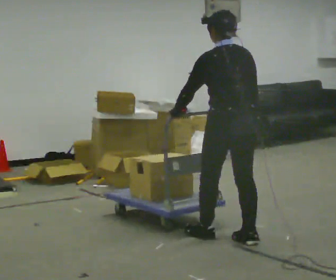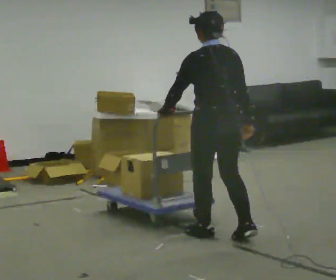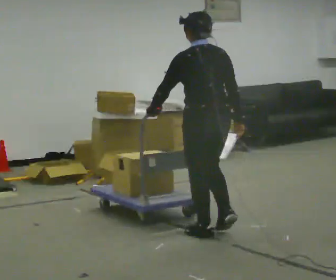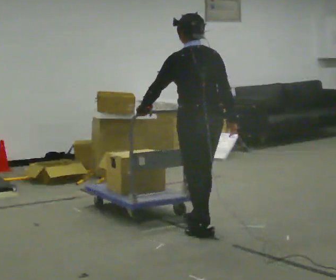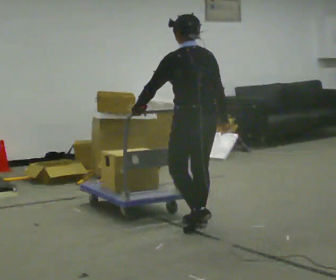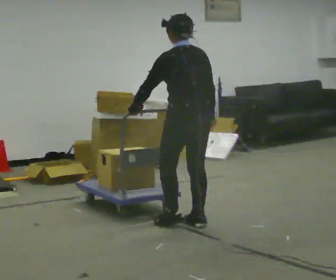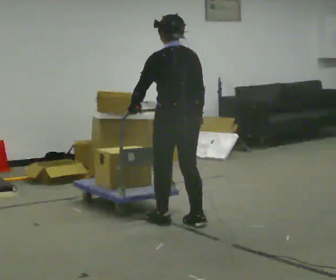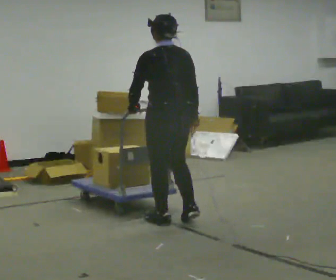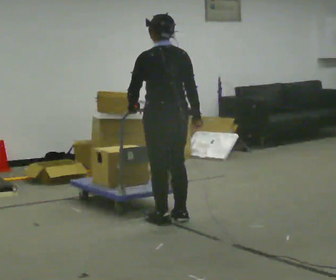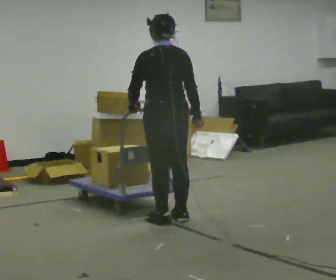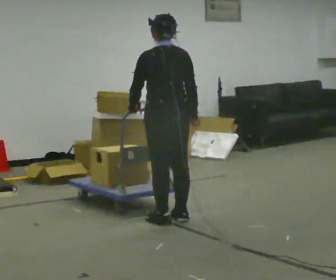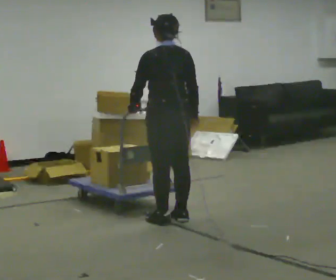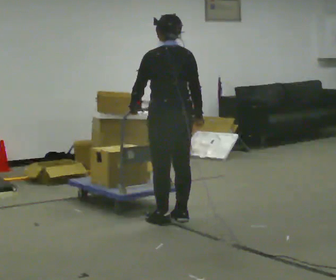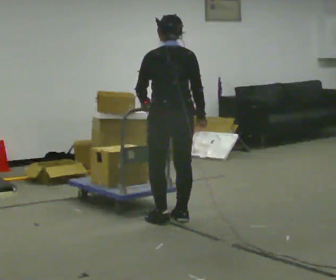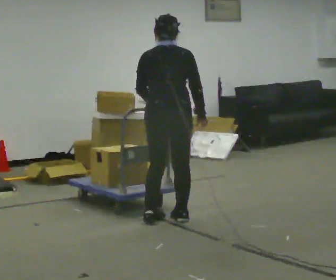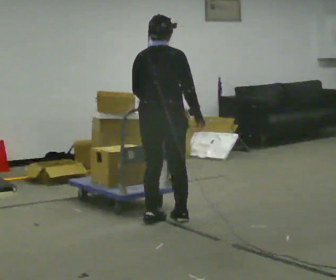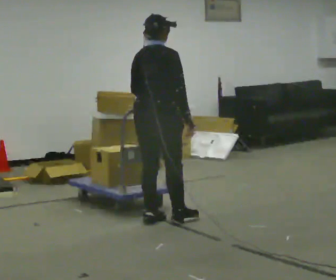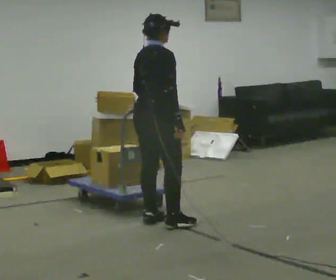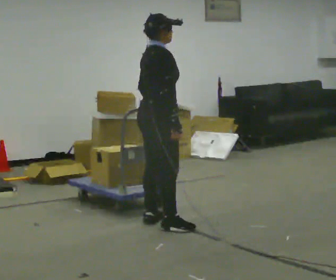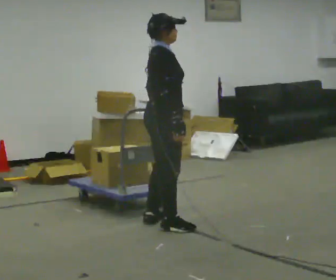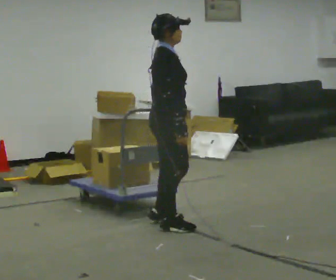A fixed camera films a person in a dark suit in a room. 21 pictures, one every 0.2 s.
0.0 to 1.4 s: In the picture they go to the left and away from the camera, about 0.75 m in 2 steps, which for them is forward.
1.4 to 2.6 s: The person moves a little, or ends about where they began.
2.6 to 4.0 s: The person turns about 105 degrees to their right, clockwise seen from above, so the part of the body nearest the lens slides to the left. In the picture they go toward the camera, about 0.25 m in 1 step.
The film runs forward here.
